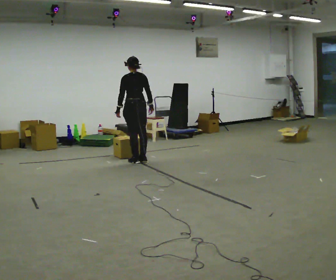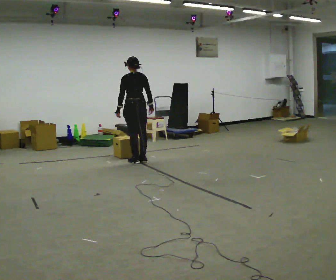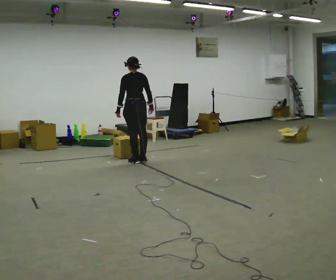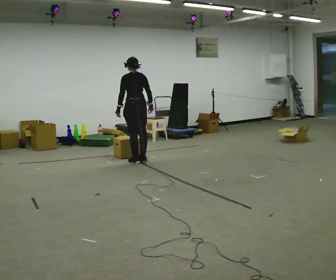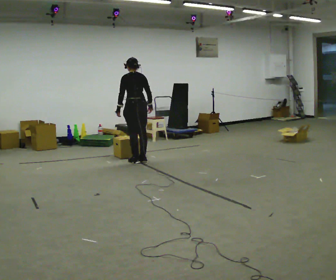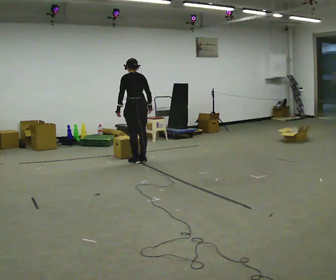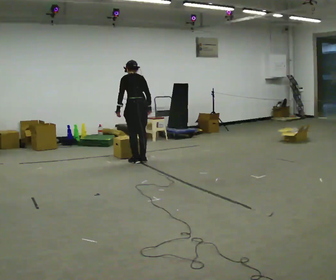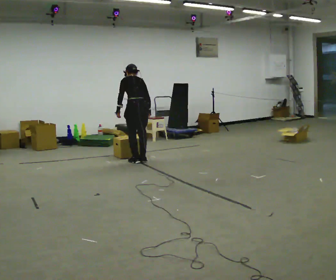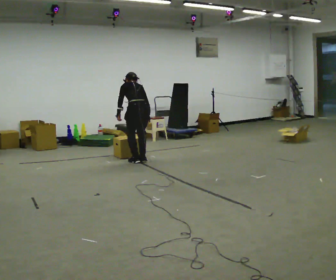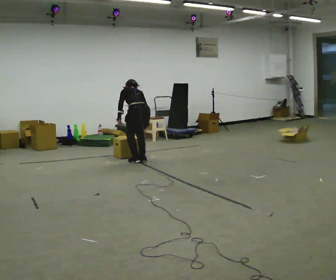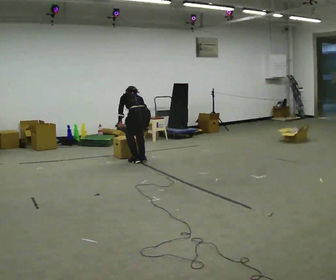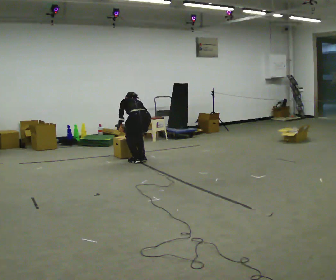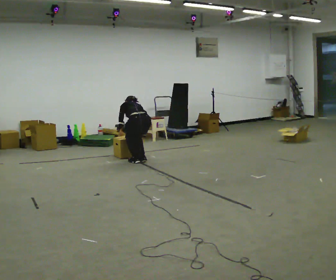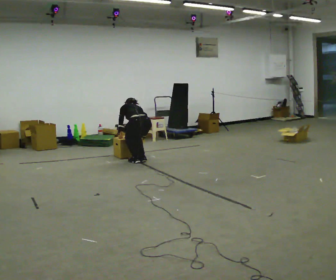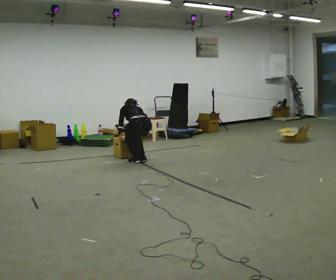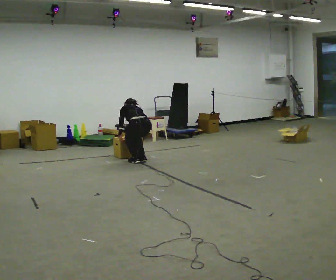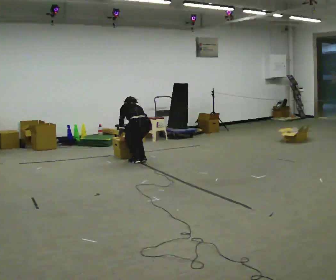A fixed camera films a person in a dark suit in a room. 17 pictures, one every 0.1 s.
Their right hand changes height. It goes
downward.
The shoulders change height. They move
downward.
0.0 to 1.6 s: The upper body goes downward. The upper body tips away from the camera, its near side rolling upward, as they bend forward. In the picture their left hand goes downward.
The film runs forward here.
